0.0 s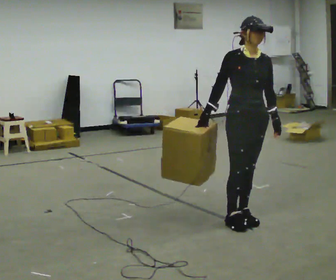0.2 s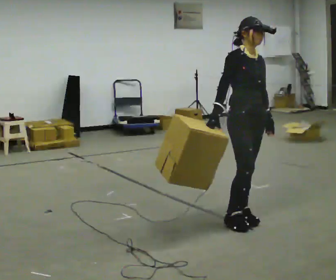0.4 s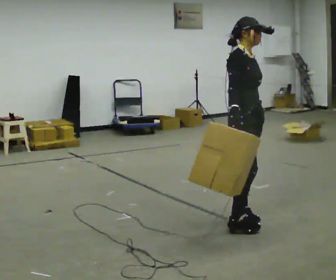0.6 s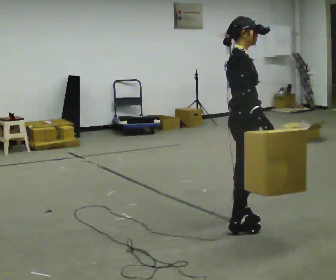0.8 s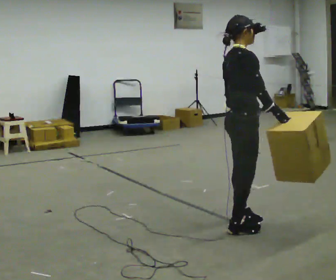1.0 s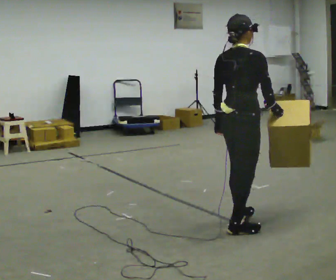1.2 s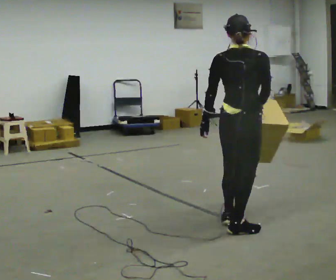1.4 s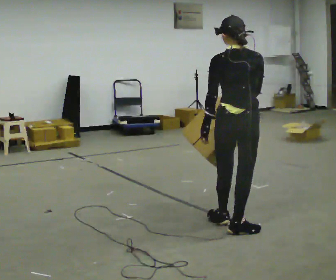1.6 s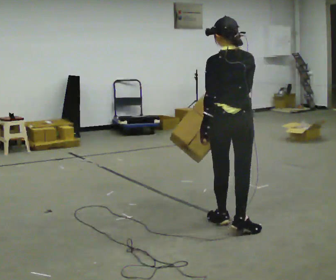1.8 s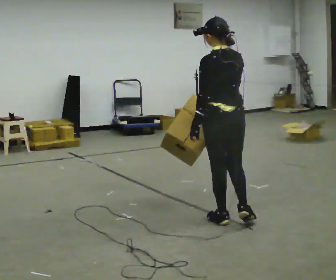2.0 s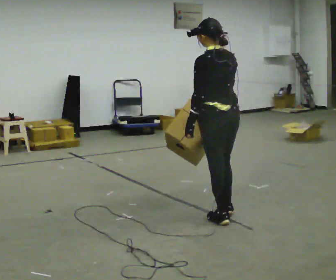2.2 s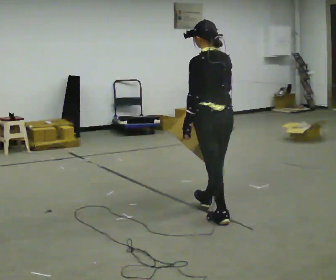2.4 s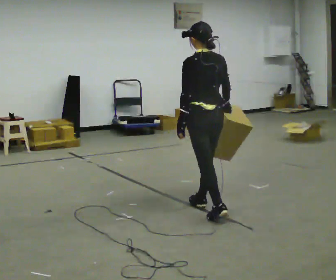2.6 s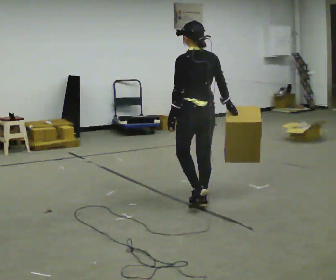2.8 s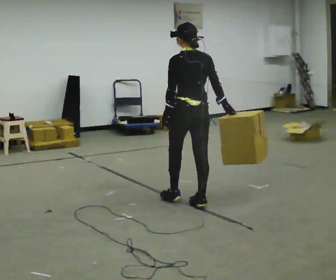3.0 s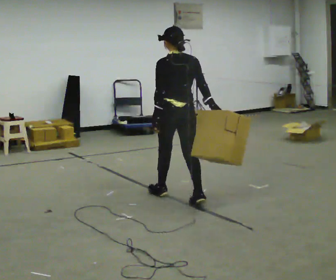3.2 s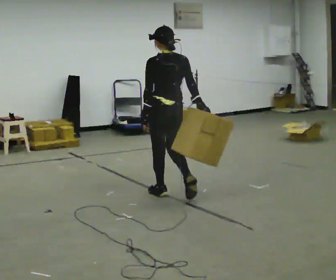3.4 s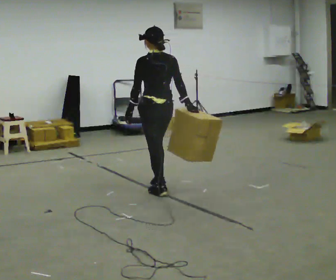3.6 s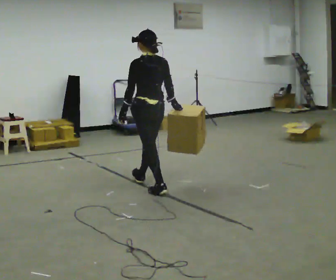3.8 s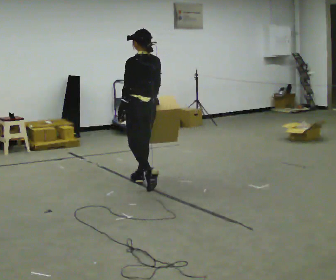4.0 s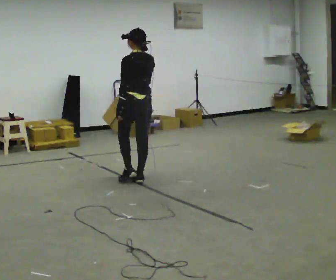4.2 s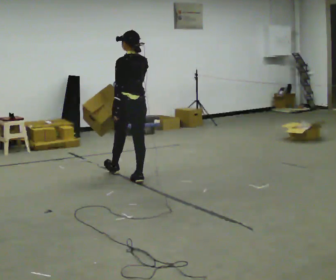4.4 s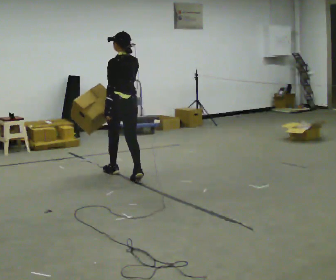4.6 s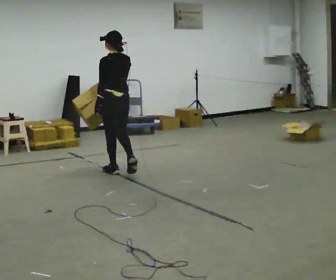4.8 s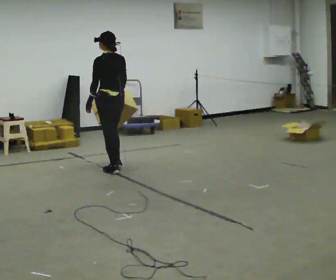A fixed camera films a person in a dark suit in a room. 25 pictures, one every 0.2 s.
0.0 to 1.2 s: The part of the body nearest the lens slides to the right as the person turns to their left by about 120 degrees. In the picture they go toward the camera, about 0.25 m in 1 step. In the picture their right hand goes to the right.
1.2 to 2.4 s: The person turns about 60 degrees to their left, counterclockwise seen from above, so the part of the body nearest the lens slides to the right. In the picture they go away from the camera and to the left, about 0.5 m in 1 step, which for them is forward.
2.4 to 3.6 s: In the picture they go away from the camera and to the left, about 1 m in 1 step, which for them is forward.
3.6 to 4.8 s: In the picture they go away from the camera and to the left, about 1 m in 2 steps, which for them is forward.
The film runs forward here.
